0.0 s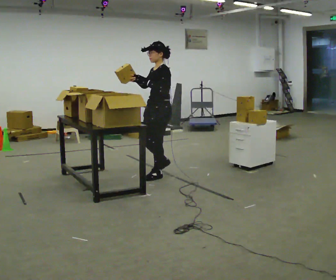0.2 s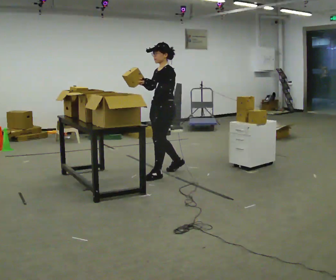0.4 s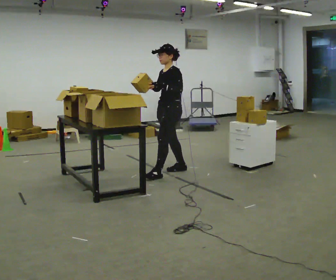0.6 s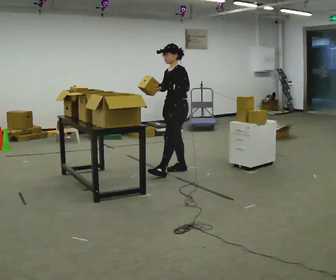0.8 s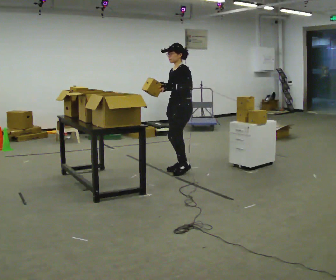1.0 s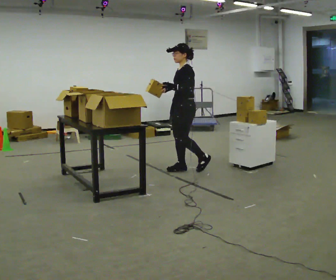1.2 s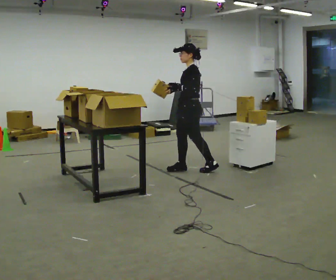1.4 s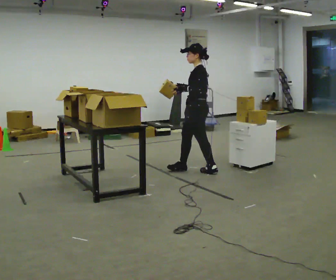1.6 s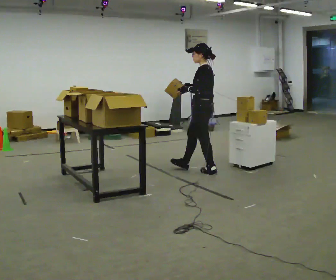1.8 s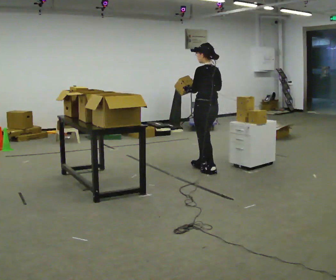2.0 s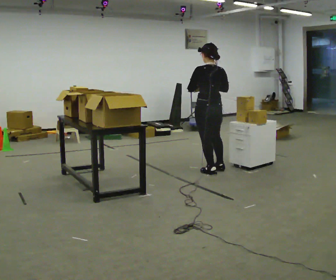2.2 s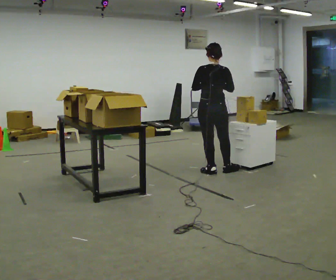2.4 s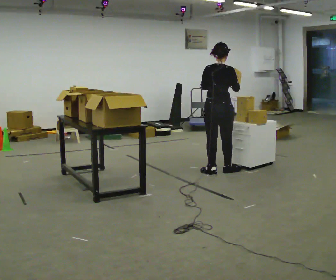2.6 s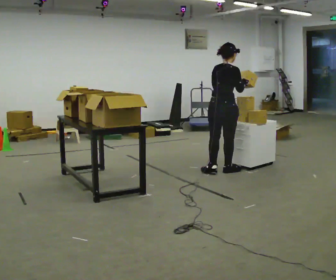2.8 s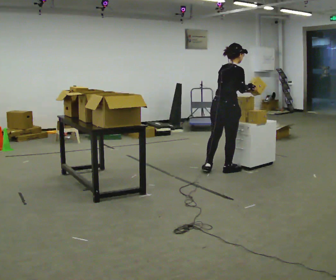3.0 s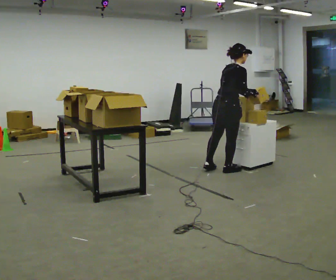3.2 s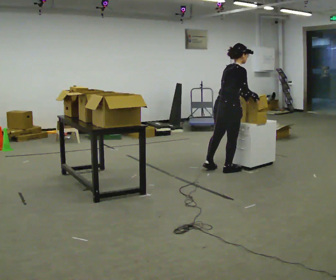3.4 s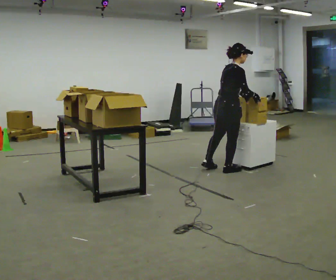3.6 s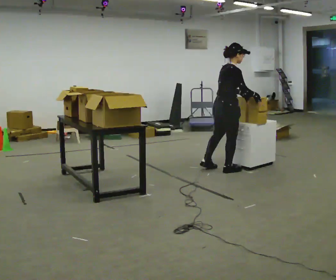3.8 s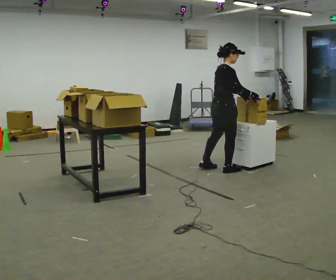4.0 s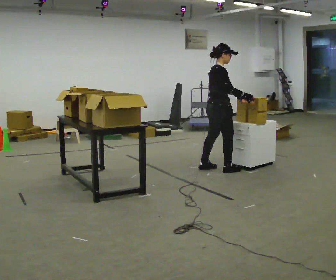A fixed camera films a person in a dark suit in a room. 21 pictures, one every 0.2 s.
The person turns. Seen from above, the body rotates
clockwise.
The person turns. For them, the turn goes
to their right.
0.0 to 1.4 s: The part of the body nearest the lens slides to the left as the person turns to their right by about 30 degrees. In the picture they go to the right and away from the camera, about 0.5 m in 1 step, which for them is backward.
1.4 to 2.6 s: The person turns about 120 degrees to their right, clockwise seen from above, so the part of the body nearest the lens slides to the left. In the picture they go to the right, about 0.25 m in 1 step.
2.6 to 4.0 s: Seen from above the body turns clockwise, about 45 degrees: to their right, with its near side sliding to the left.
The film runs backward here.
